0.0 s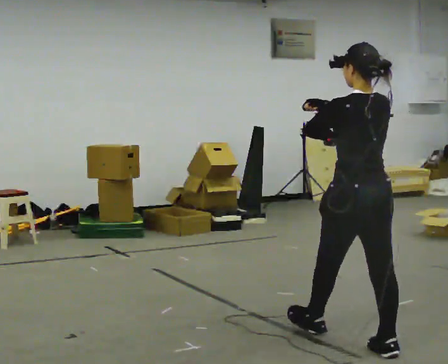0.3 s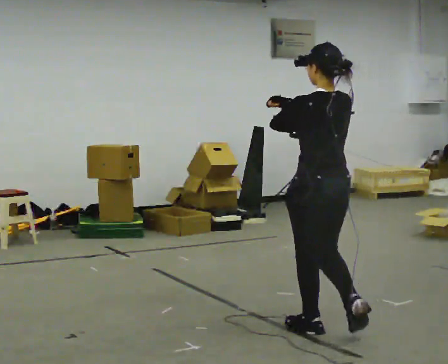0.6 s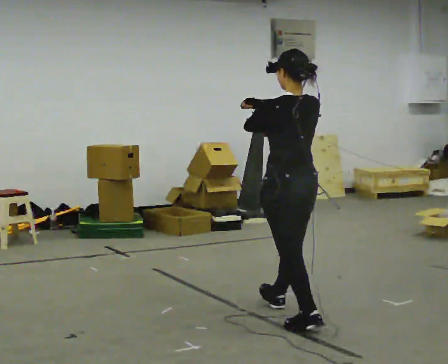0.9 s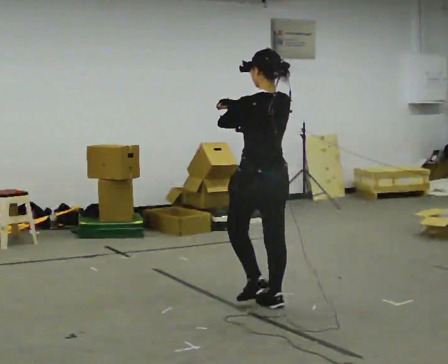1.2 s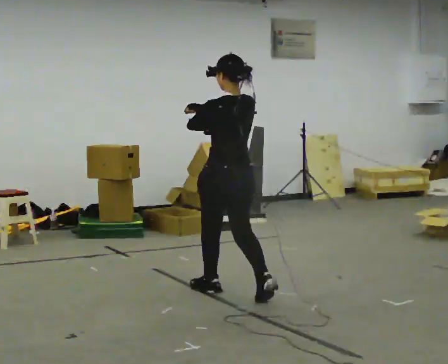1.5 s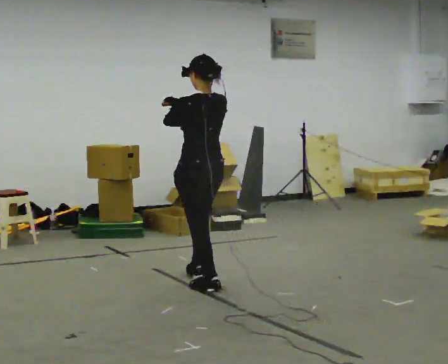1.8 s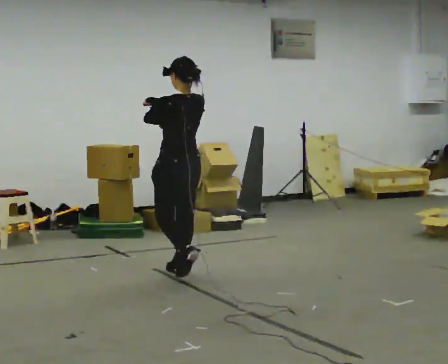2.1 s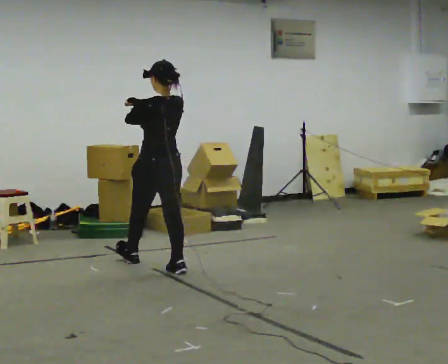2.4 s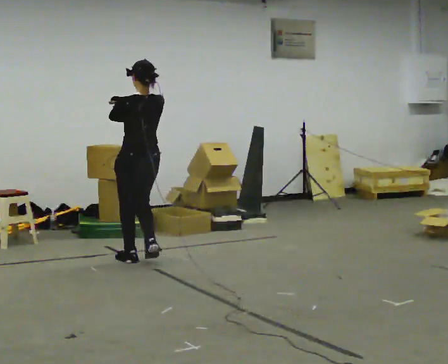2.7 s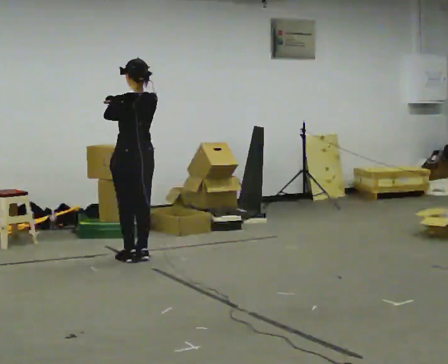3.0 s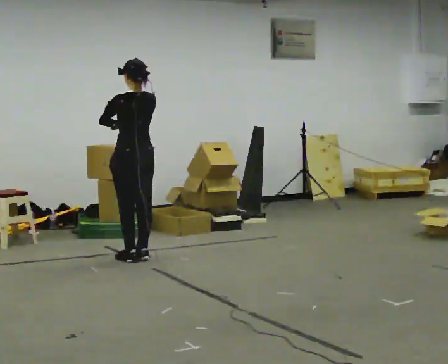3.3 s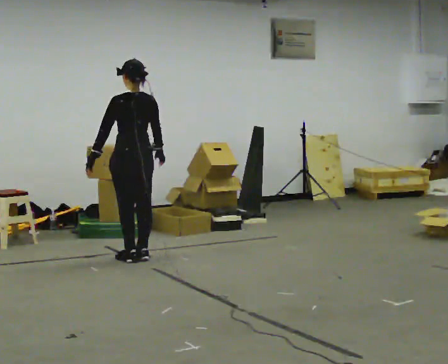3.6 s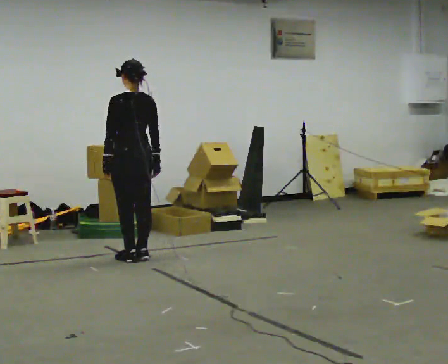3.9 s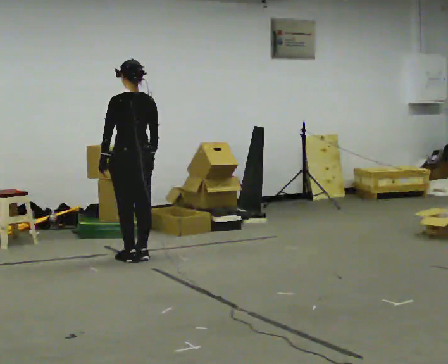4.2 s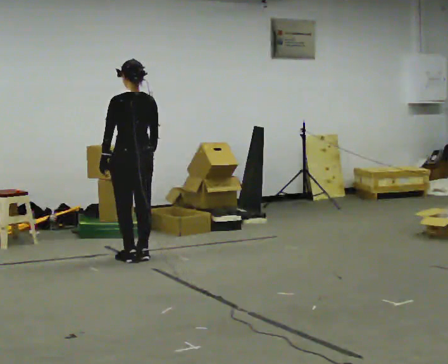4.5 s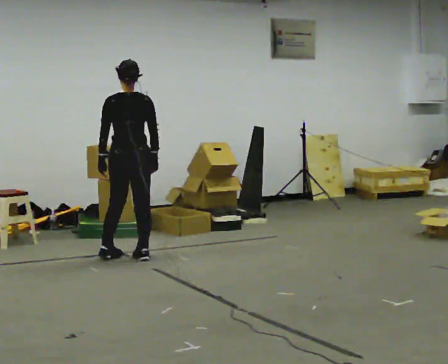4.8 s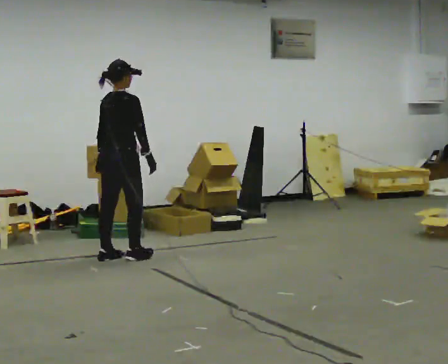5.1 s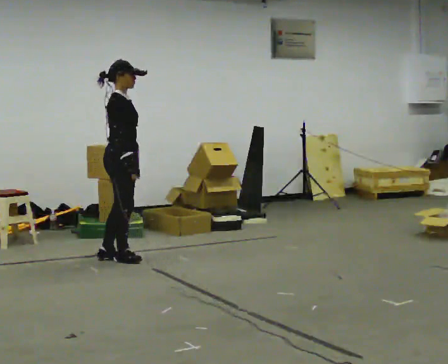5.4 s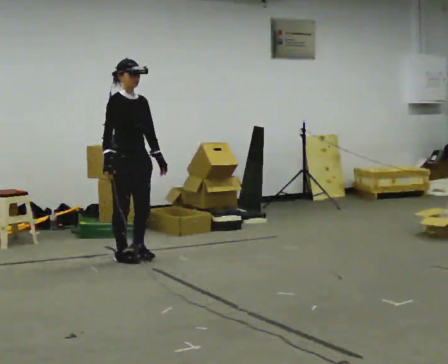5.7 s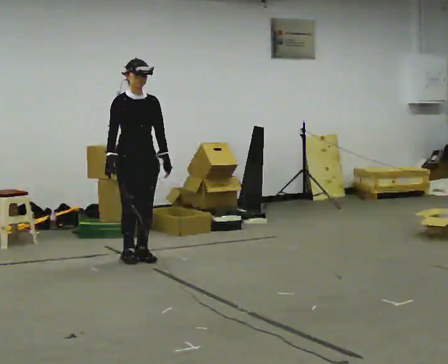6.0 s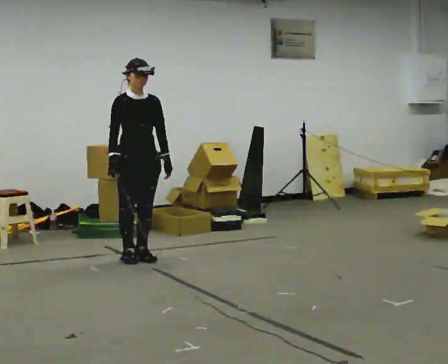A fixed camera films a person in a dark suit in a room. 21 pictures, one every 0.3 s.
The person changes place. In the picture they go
away from the camera.
The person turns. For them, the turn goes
to their right.
0.0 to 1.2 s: In the picture they go away from the camera and to the left, about 1.5 m in 2 steps, which for them is forward.
1.2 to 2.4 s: In the picture they go away from the camera and to the left, about 1 m in 2 steps, which for them is forward.
2.4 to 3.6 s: In the picture their right hand goes downward.
3.6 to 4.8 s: Seen from above the body turns clockwise, about 90 degrees: to their right, with its near side sliding to the left.
4.8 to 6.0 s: The person turns about 90 degrees to their right, clockwise seen from above, so the part of the body nearest the lens slides to the left. In the picture they go to the right, about 0.25 m in 1 step. In the picture their left hand goes to the right.
The film runs forward here.
